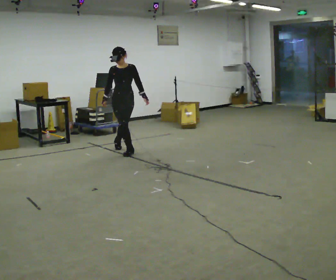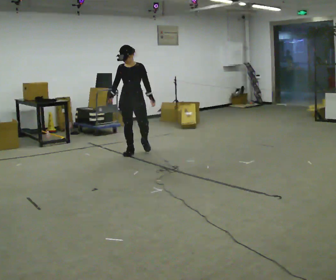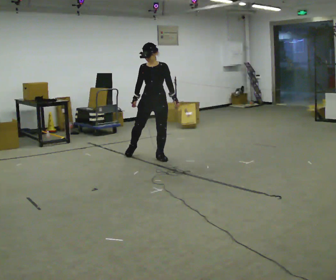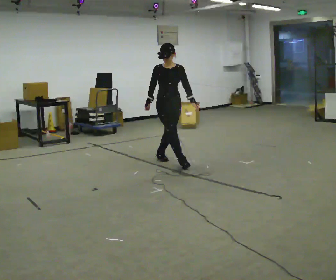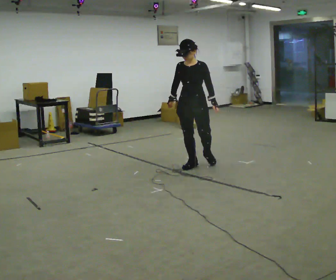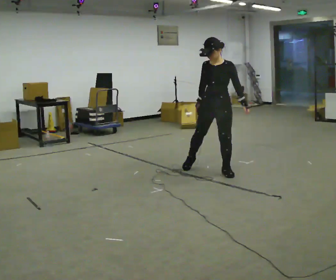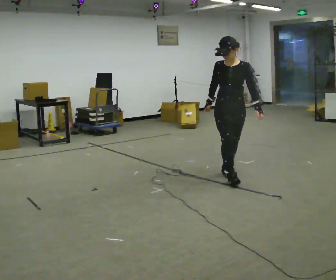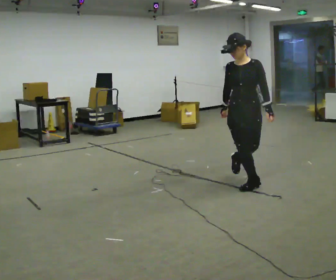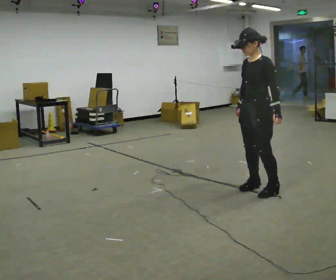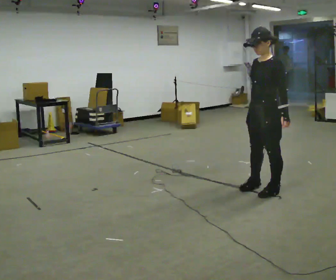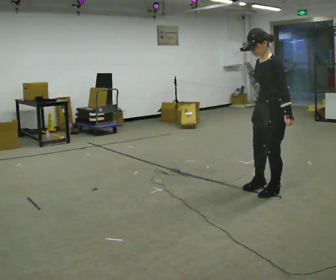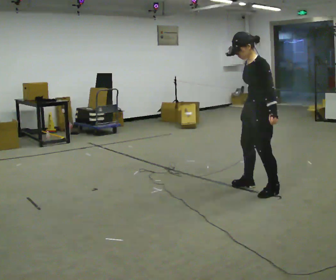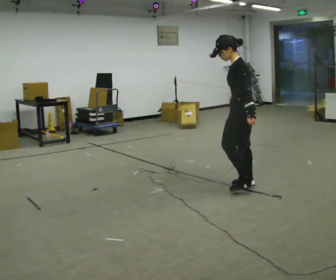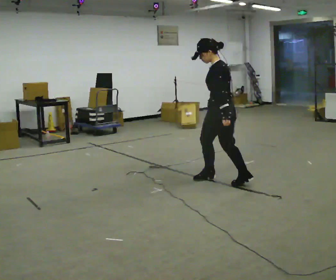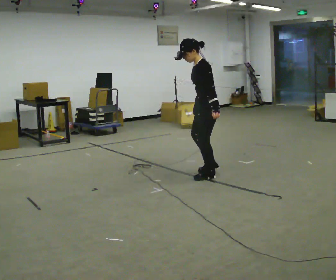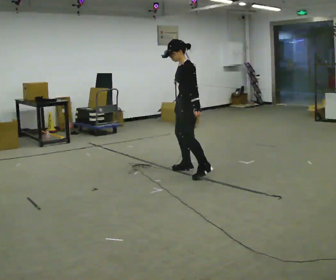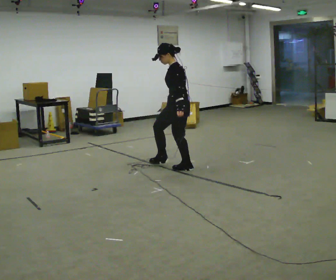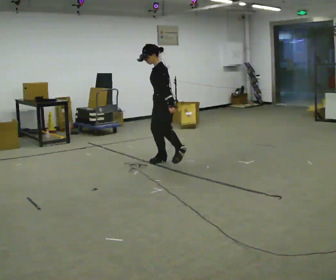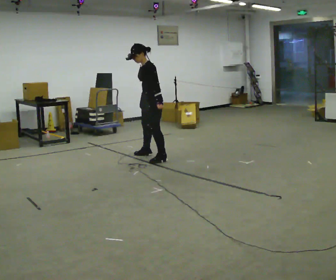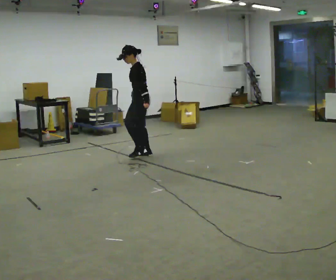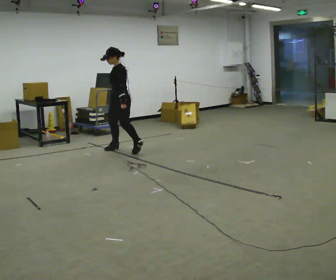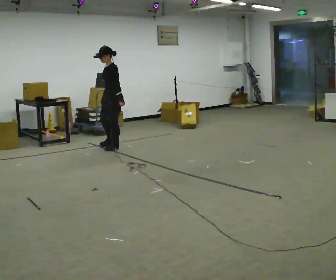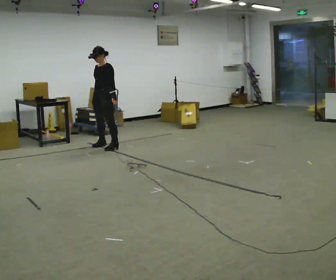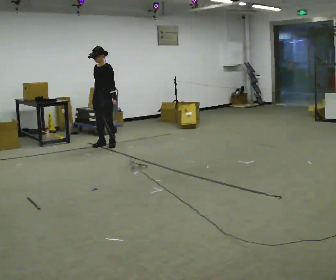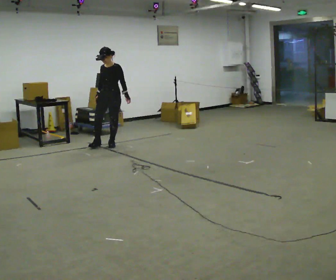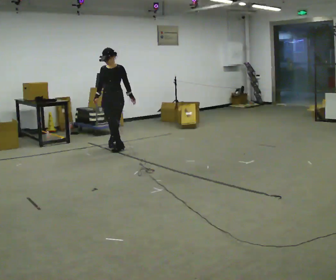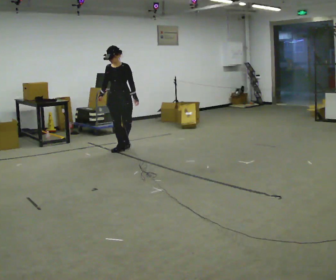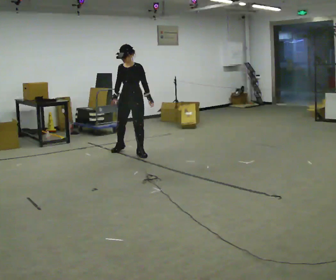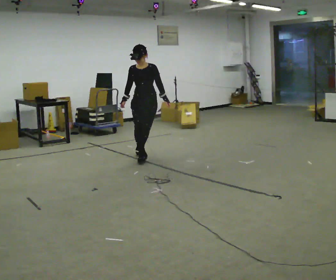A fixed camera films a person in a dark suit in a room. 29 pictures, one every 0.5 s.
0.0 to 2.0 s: The part of the body nearest the lens slides to the left as the person turns to their right by about 30 degrees. In the picture they go to the right and toward the camera, about 1.5 m in 3 steps, which for them is to their left and forward.
2.0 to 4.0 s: The person turns about 45 degrees to their right, clockwise seen from above, so the part of the body nearest the lens slides to the left. In the picture they go toward the camera and to the right, about 1 m in 2 steps.
4.0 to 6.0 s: The part of the body nearest the lens slides to the left as the person turns to their right by about 45 degrees. In the picture they go away from the camera, about 0.25 m in 1 step, which for them is to their right.
6.0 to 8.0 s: In the picture they go away from the camera and to the left, about 1 m in 2 steps, which for them is forward and to their right.
8.0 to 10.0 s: In the picture they go to the left and away from the camera, about 1.5 m in 3 steps, which for them is to their right and forward.
10.0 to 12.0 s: The person turns about 90 degrees to their left, counterclockwise seen from above, so the part of the body nearest the lens slides to the right. In the picture they go away from the camera and to the left, about 0.5 m in 2 steps.
12.0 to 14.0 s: In the picture they go to the right and toward the camera, about 1 m in 2 steps, which for them is to their left and forward.
The film runs backward here.
